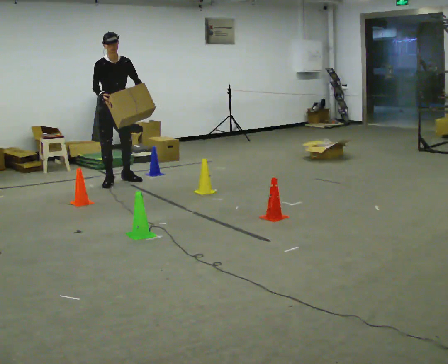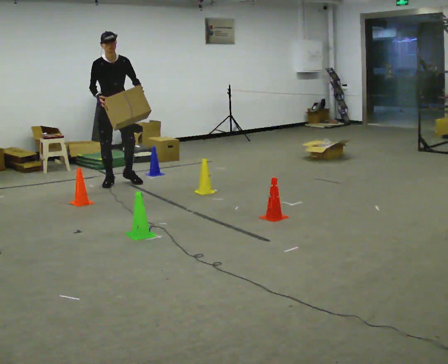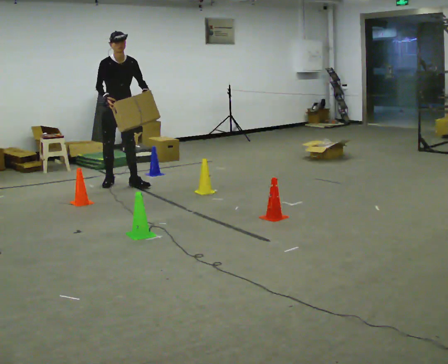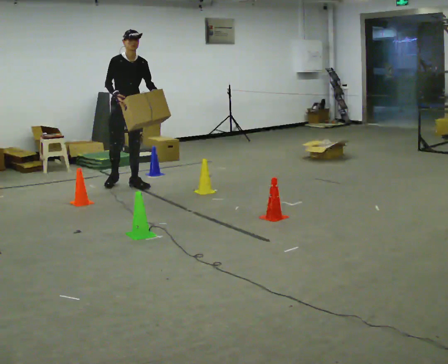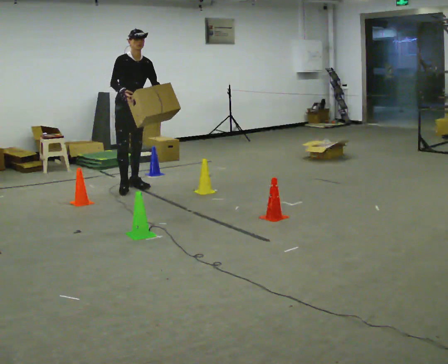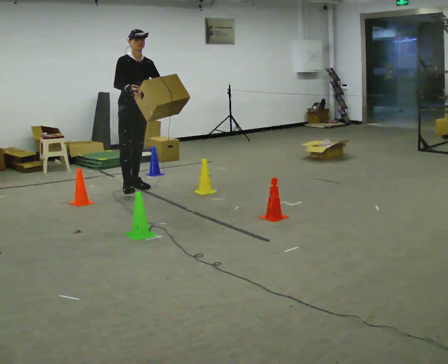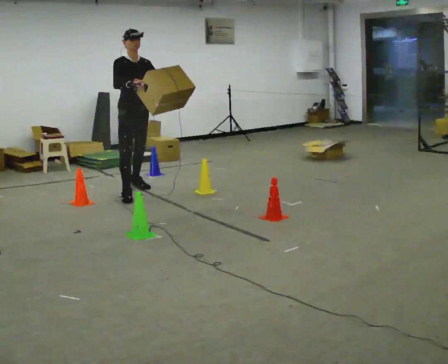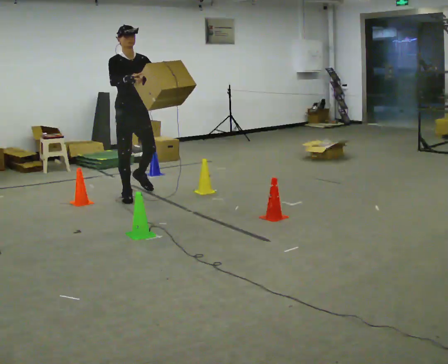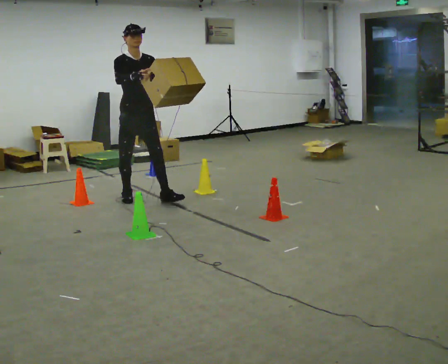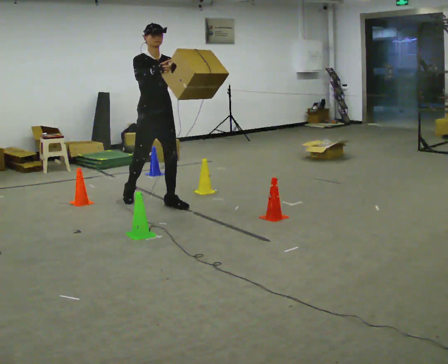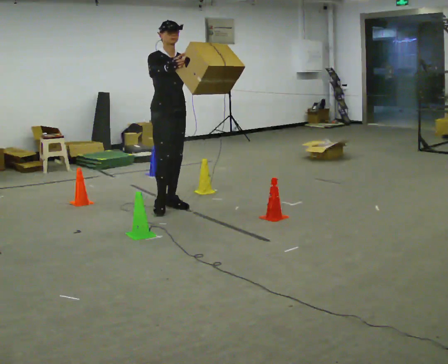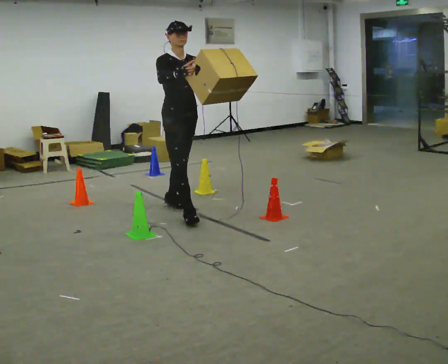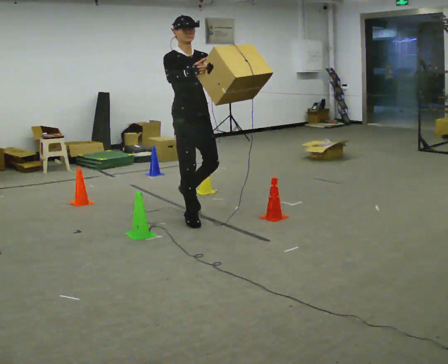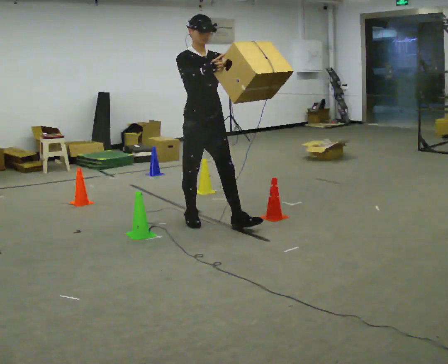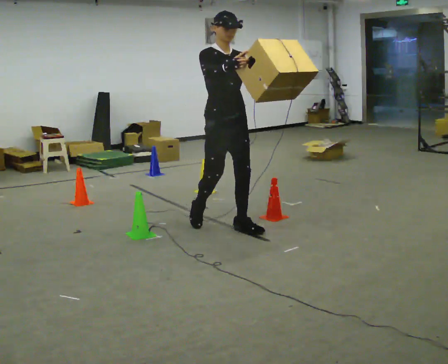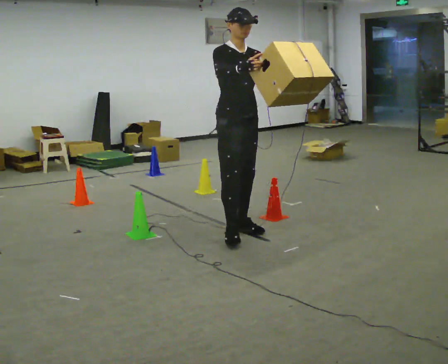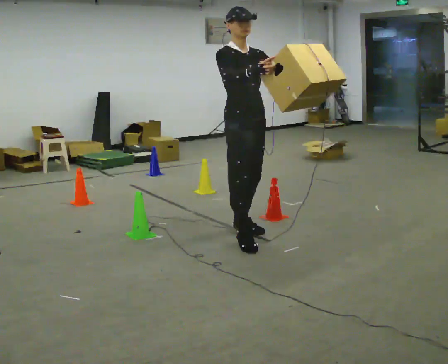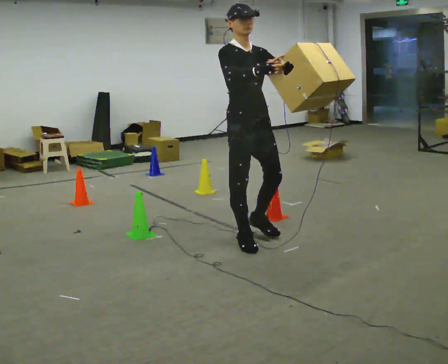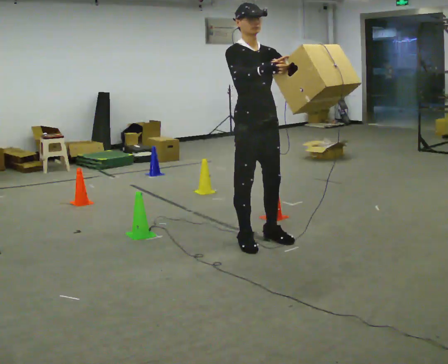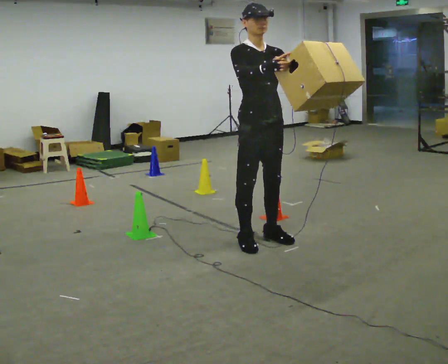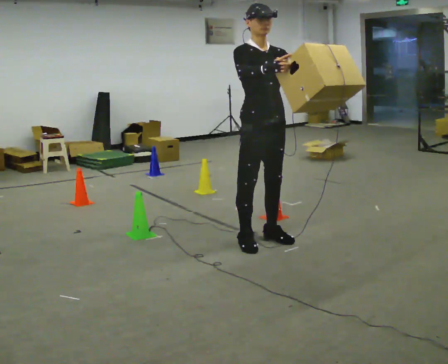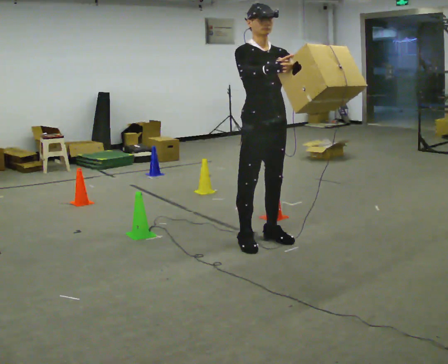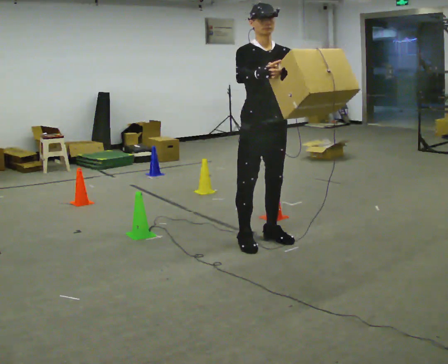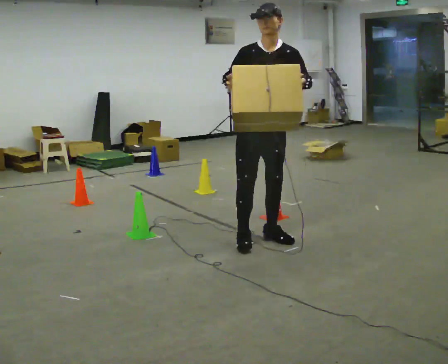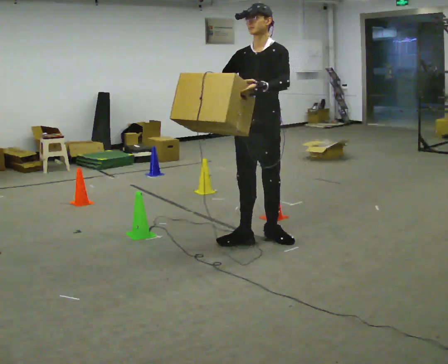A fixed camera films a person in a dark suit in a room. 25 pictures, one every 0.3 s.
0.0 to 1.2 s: In the picture they go to the right and toward the camera, about 0.25 m in 1 step, which for them is forward and to their left.
1.2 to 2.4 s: In the picture they go toward the camera, about 0.5 m in 1 step, which for them is forward and to their right.
2.4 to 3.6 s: In the picture they go toward the camera and to the right, about 1 m in 2 steps, which for them is forward.
3.6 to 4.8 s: In the picture they go toward the camera and to the right, about 0.75 m in 2 steps, which for them is forward.
4.8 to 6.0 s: The person moves a little, or ends about where they began.
6.0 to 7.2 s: Seen from above the body turns clockwise, about 75 degrees: to their right, with its near side sliding to the left. In the picture their right hand goes to the left.
The film runs forward here.
